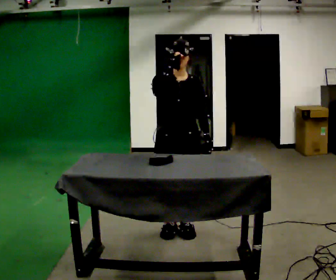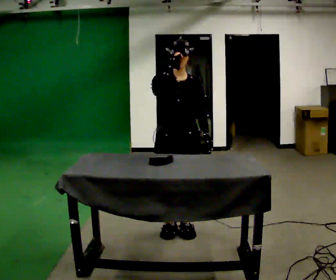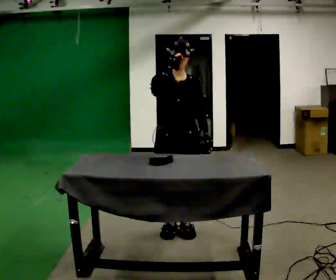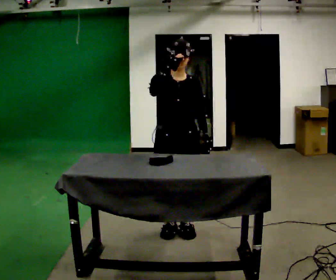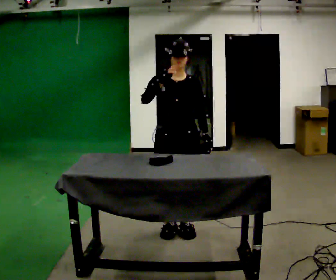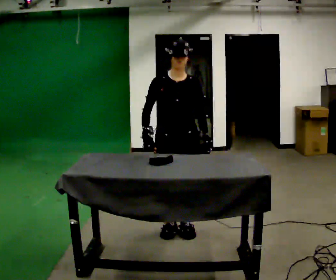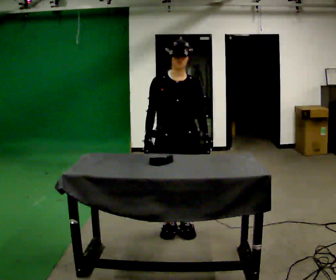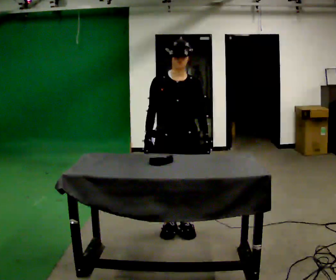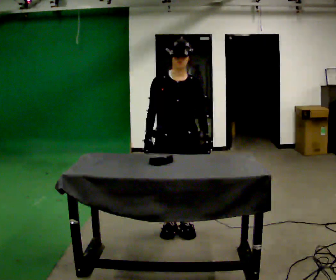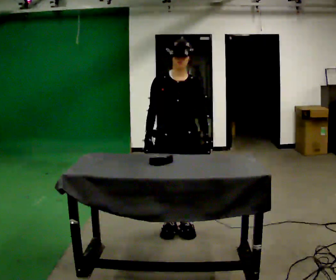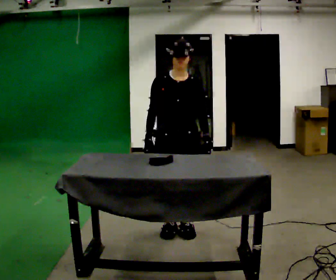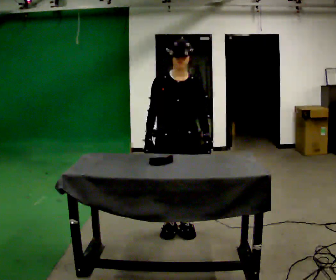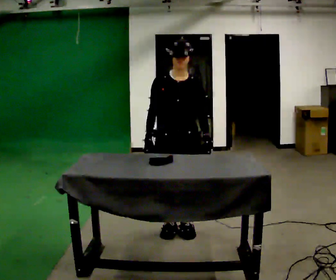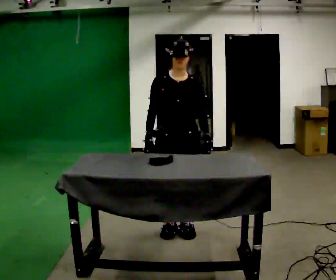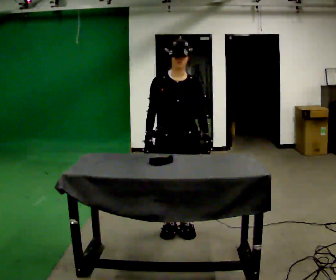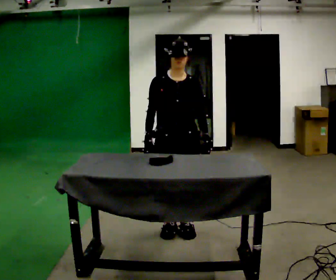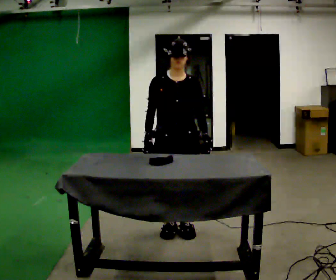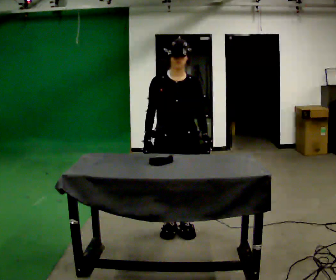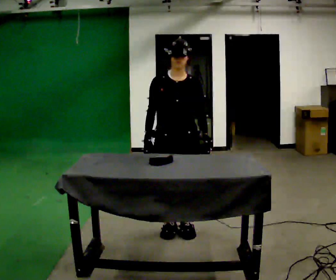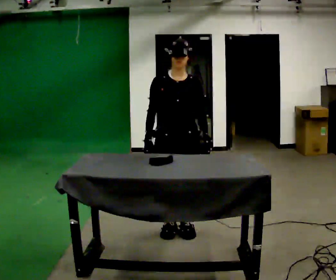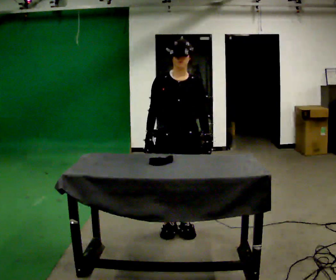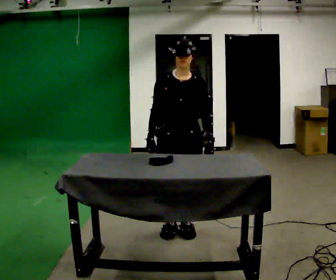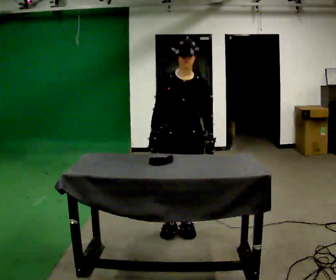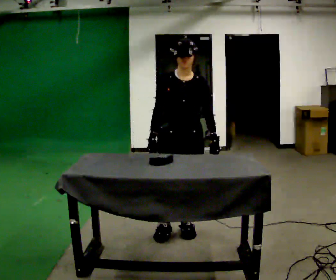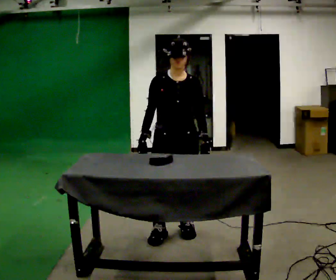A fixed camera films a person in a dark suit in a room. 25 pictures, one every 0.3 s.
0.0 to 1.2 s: The person moves a little, or ends about where they began.
1.2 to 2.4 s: In the picture their right hand goes downward.
2.4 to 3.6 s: The person keeps their place and pose.
3.6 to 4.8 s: The person moves a little, or ends about where they began.
4.8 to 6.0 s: The person keeps their place and pose.
6.0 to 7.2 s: The person moves a little, or ends about where they began.
The film runs backward here.
